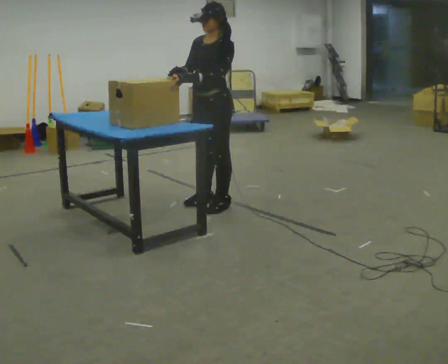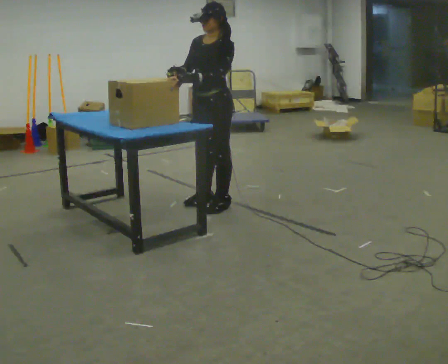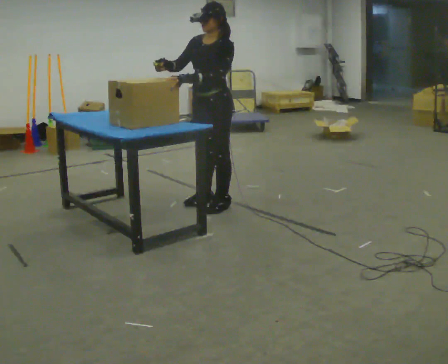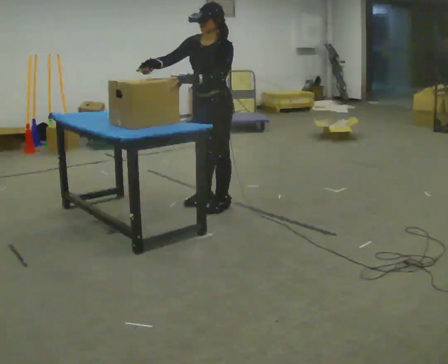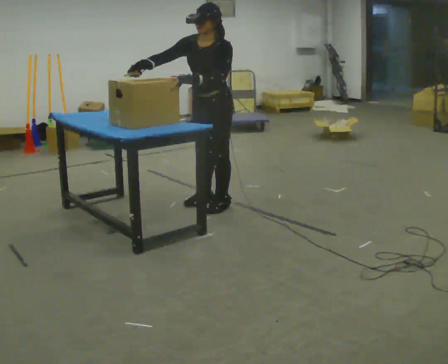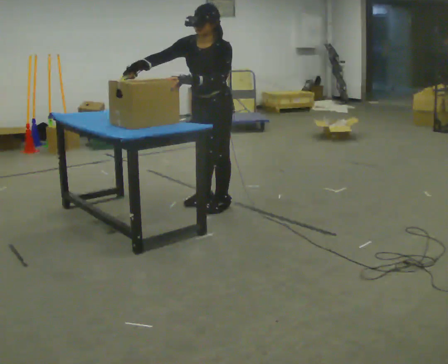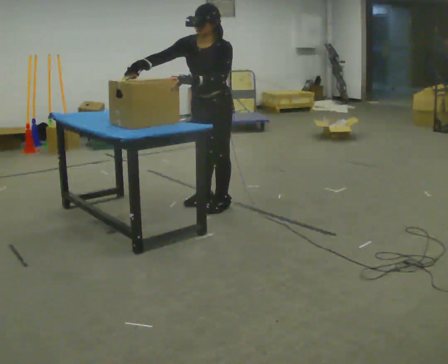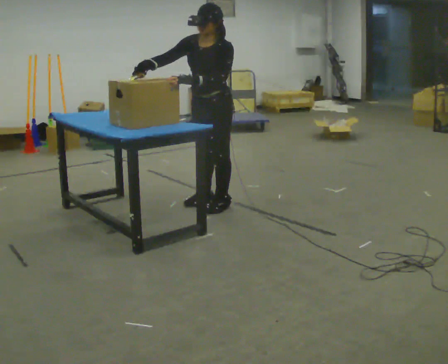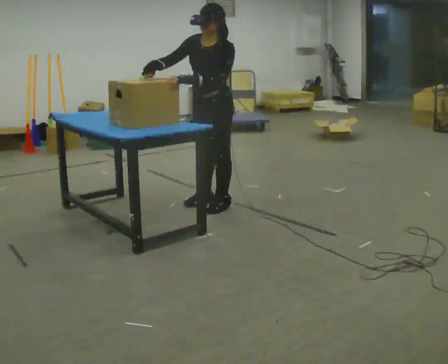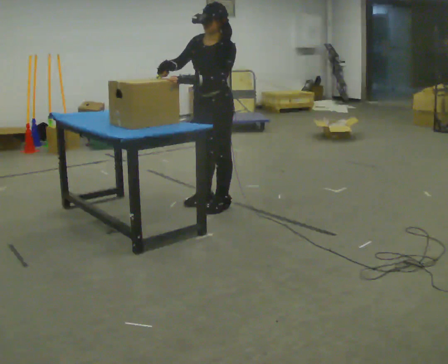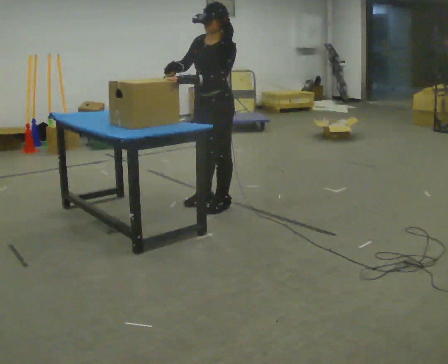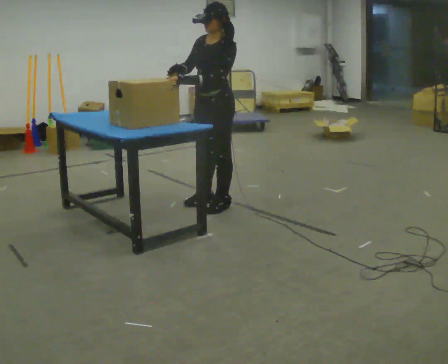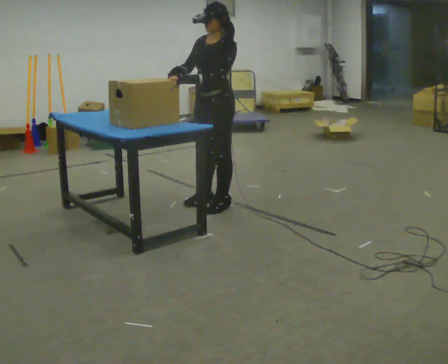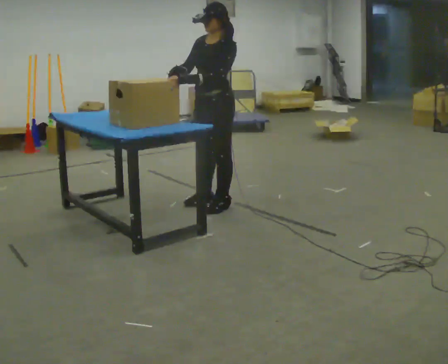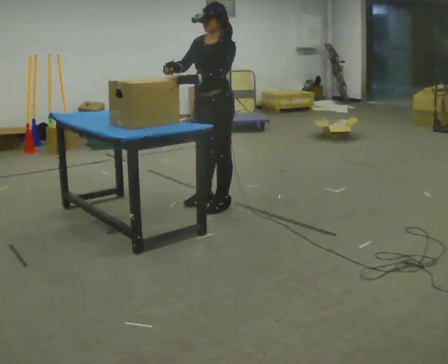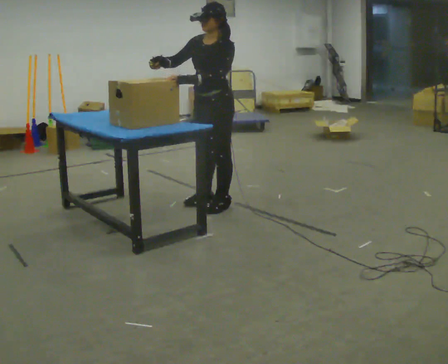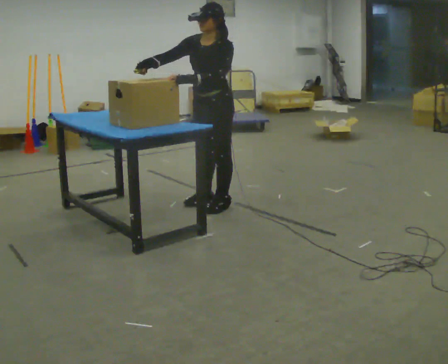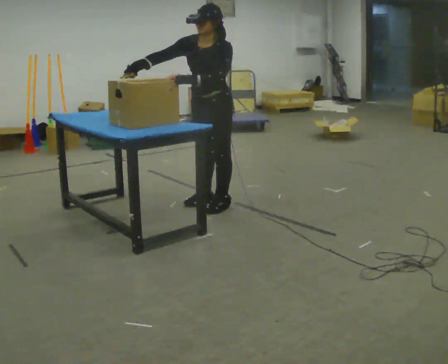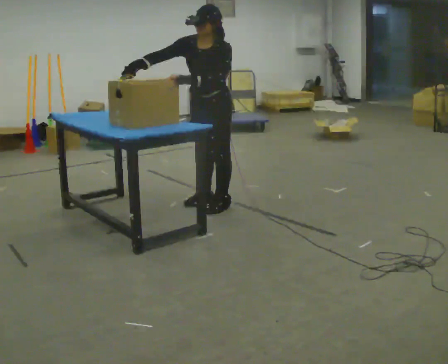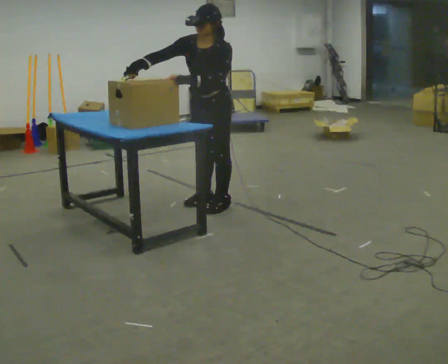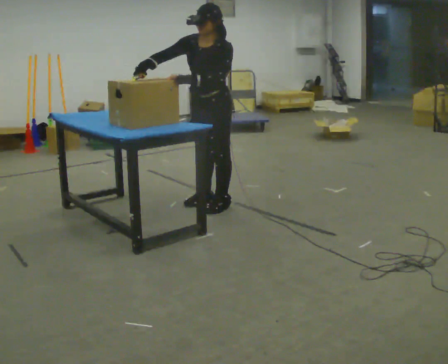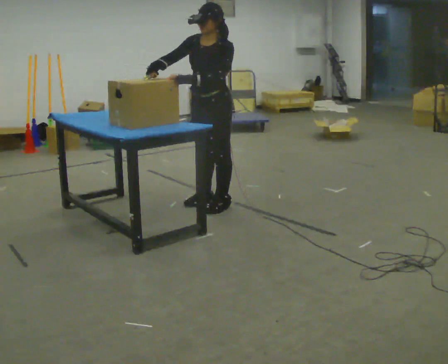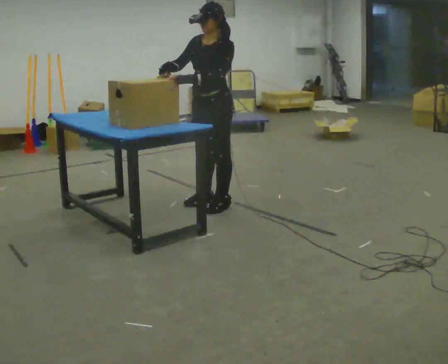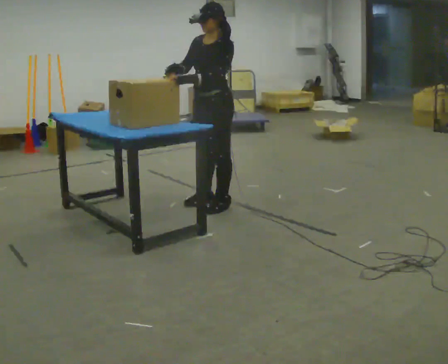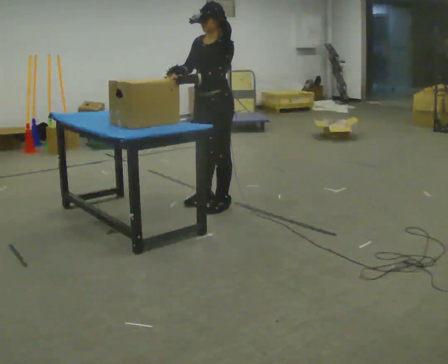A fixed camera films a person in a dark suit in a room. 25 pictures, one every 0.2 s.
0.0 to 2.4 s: The person moves a little, or ends about where they began.
2.4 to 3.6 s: The upper body tips toward the camera, its near side rolling downward, as they bend forward.
3.6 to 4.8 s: The upper body tips away from the camera, its near side rolling upward, as they lean back or straighten.
The film runs forward here.
